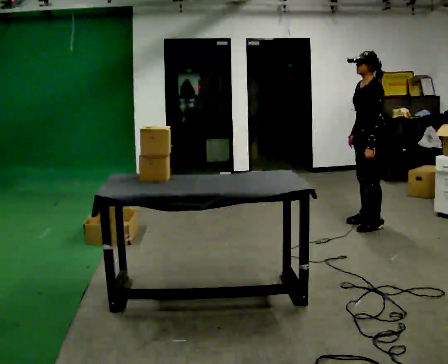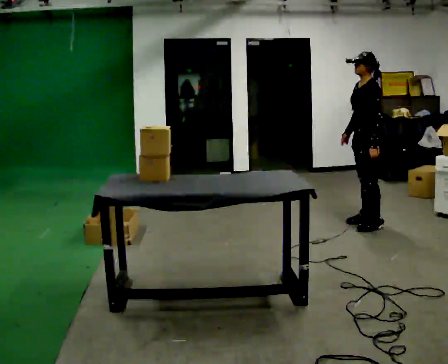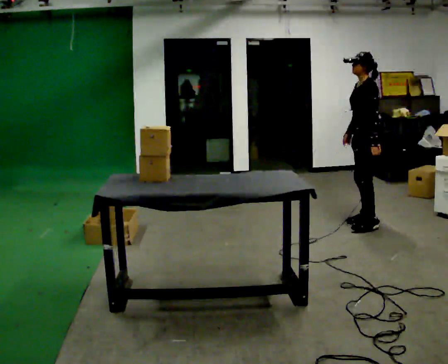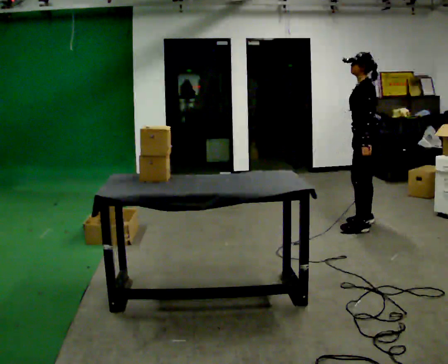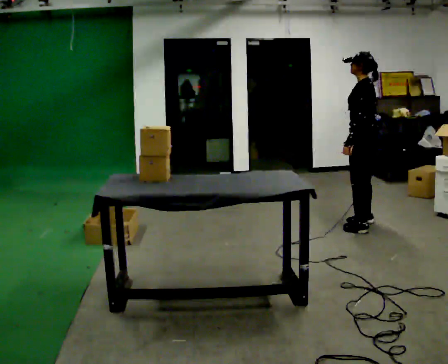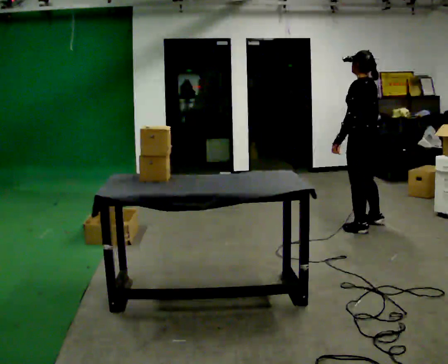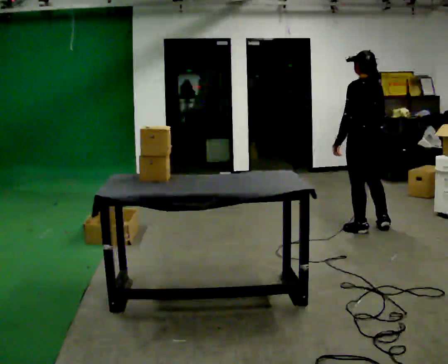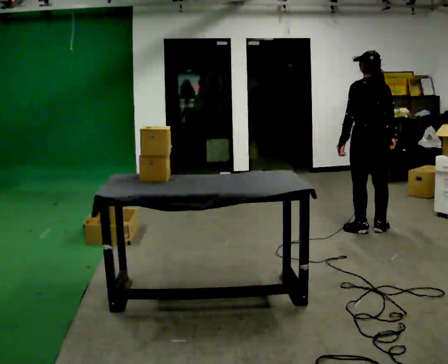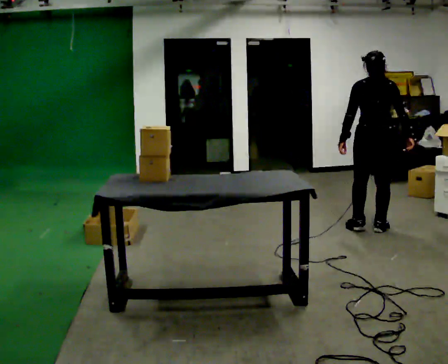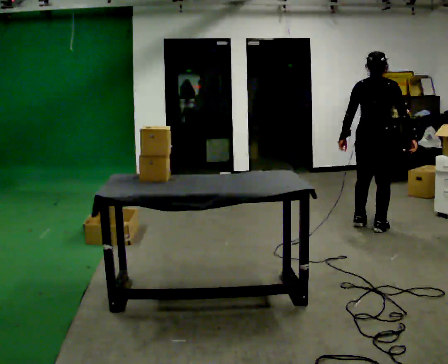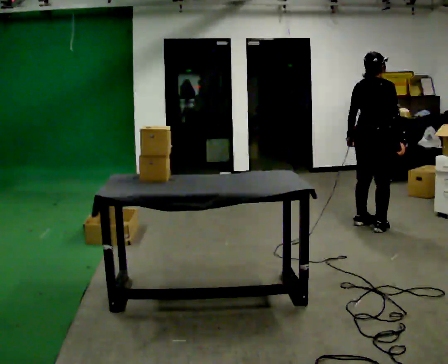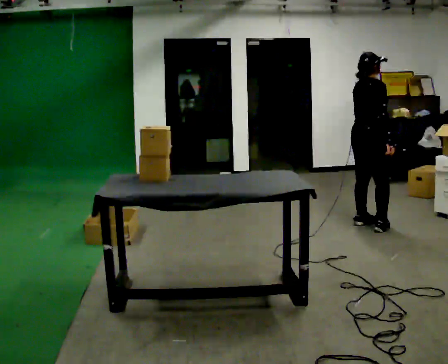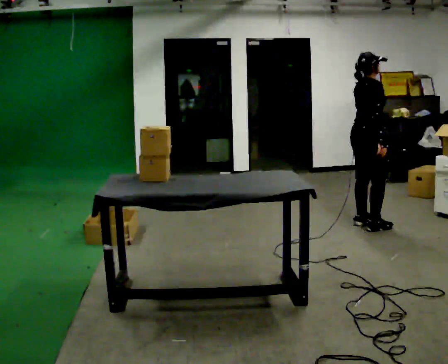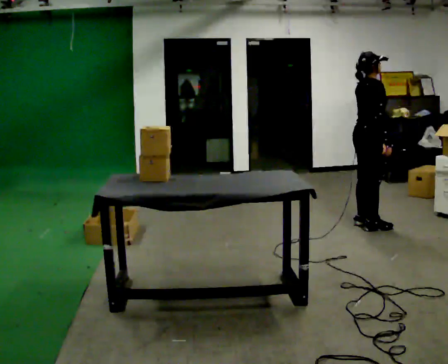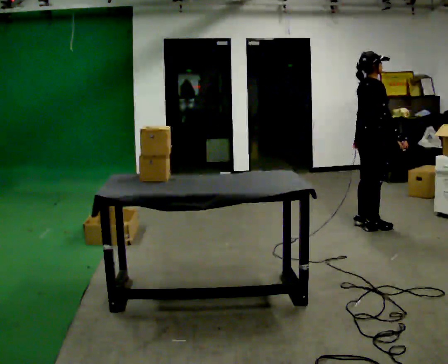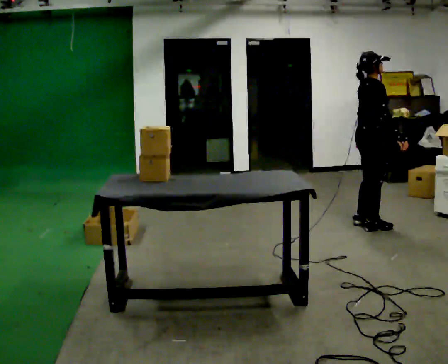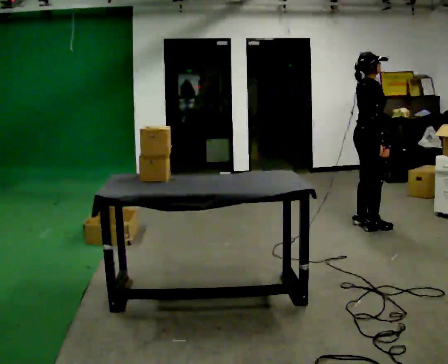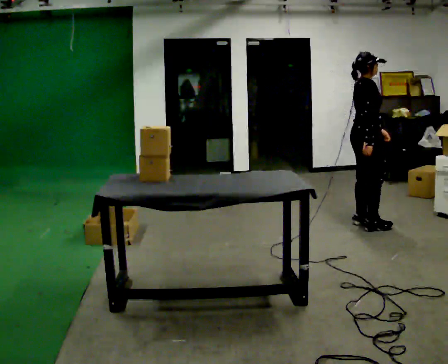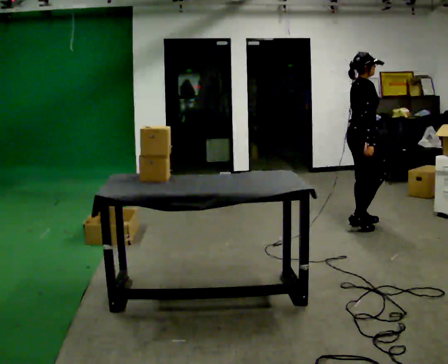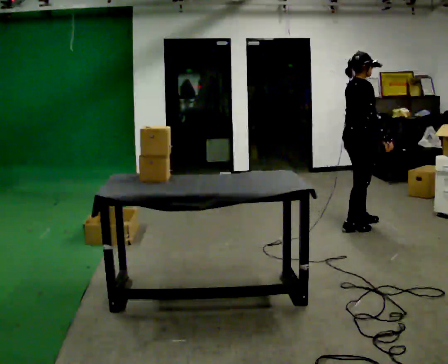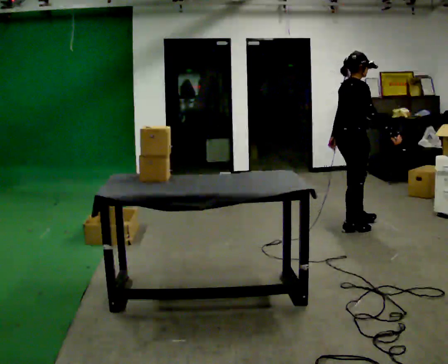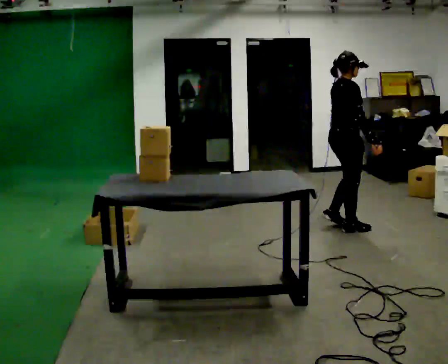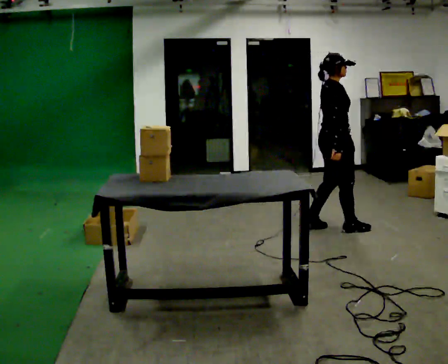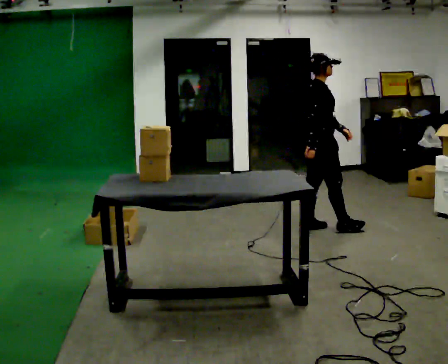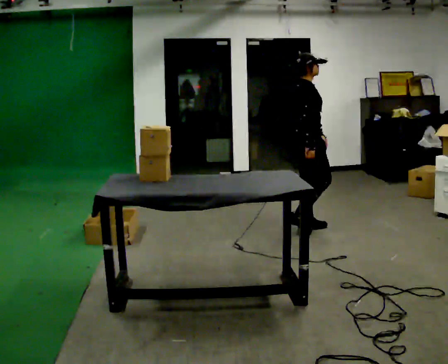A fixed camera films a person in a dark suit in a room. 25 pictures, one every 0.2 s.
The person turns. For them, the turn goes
to their right.
The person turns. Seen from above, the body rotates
clockwise.
0.0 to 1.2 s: The person turns about 60 degrees to their right, clockwise seen from above, so the part of the body nearest the lens slides to the left.
1.2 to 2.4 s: Seen from above the body turns clockwise, about 105 degrees: to their right, with its near side sliding to the left.
2.4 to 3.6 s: The person moves a little, or ends about where they began.
3.6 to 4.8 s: In the picture they go to the left and toward the camera, about 0.5 m in 2 steps, which for them is backward.
The film runs backward here.
